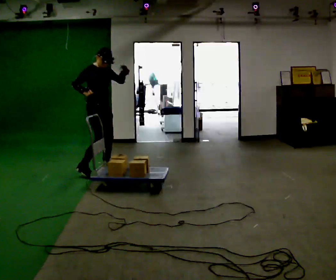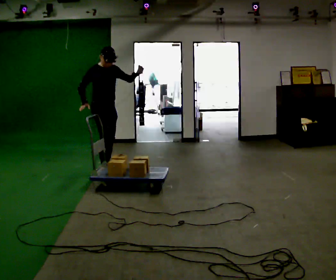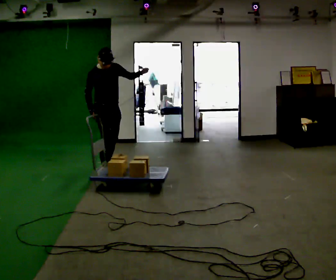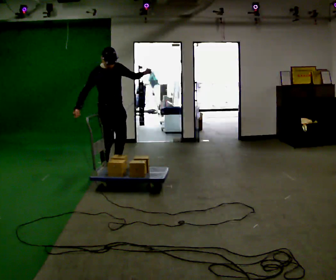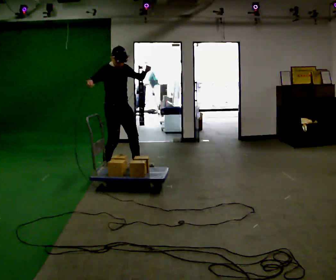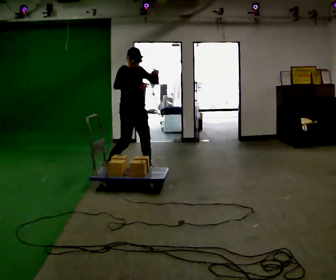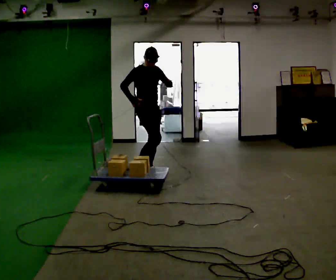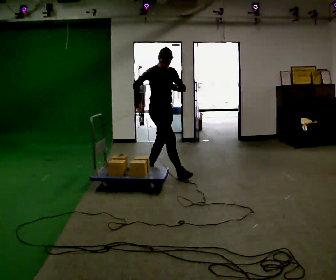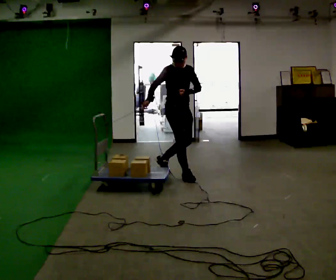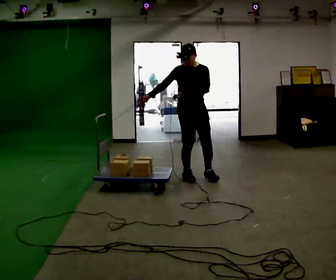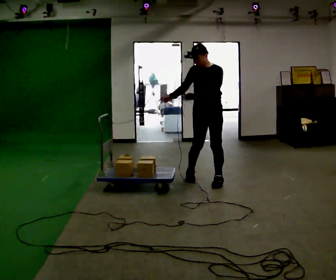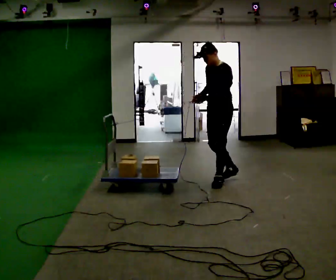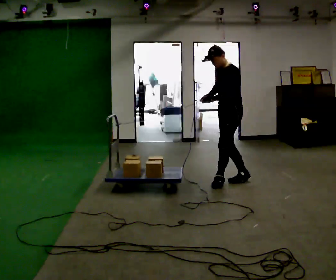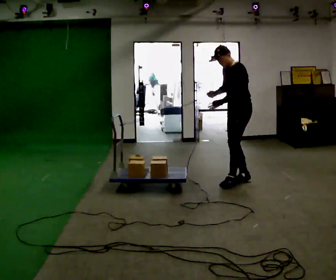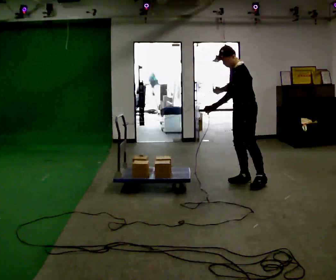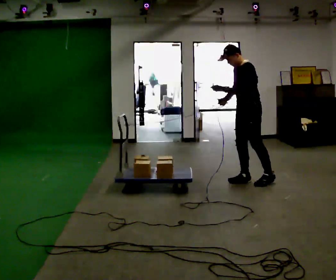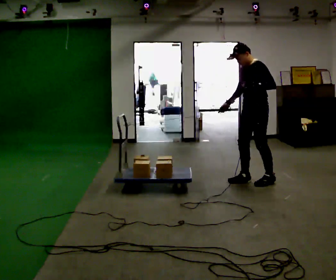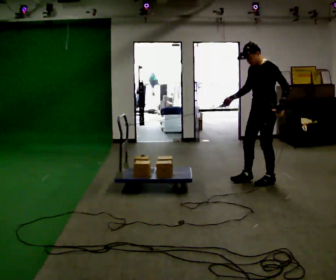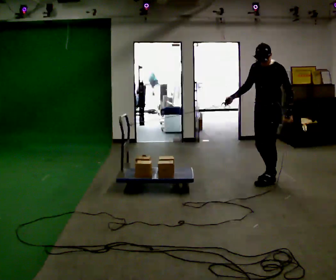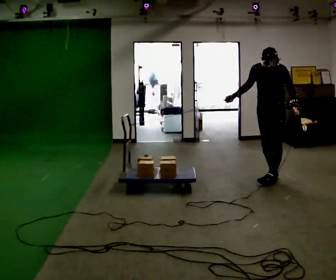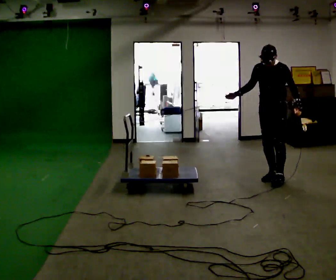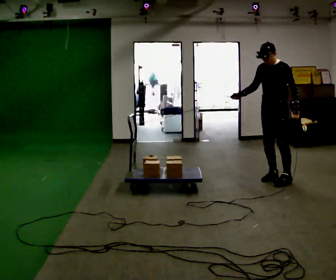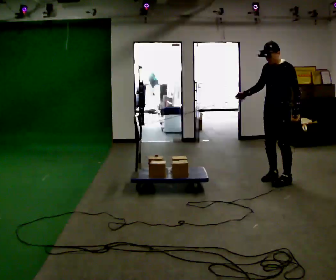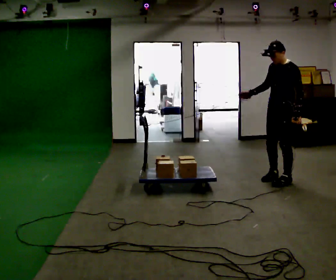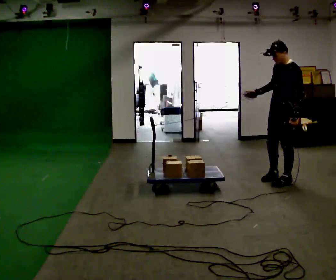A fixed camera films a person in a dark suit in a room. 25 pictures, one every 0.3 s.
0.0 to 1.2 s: In the picture they go to the right, about 0.25 m in 1 step, which for them is forward.
1.2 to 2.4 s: In the picture they go to the right, about 1 m in 2 steps, which for them is forward and to their left.
2.4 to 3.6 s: The part of the body nearest the lens slides to the left as the person turns to their right by about 120 degrees. In the picture they go to the right, about 0.5 m in 2 steps.
3.6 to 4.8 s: In the picture they go to the right, about 0.25 m in 1 step, which for them is backward.
4.8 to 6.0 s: The person turns about 30 degrees to their left, counterclockwise seen from above, so the part of the body nearest the lens slides to the right. In the picture they go to the right, about 0.25 m in 1 step, which for them is backward.
6.0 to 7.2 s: The part of the body nearest the lens slides to the left as the person turns to their right by about 30 degrees. In the picture they go toward the camera, about 0.25 m in 1 step, which for them is to their left.
The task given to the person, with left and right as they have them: Hold the rope in both hands and drag the sled towards you as you walk backward. The operator will confirm the space behind you is clear.
The film runs forward here.
